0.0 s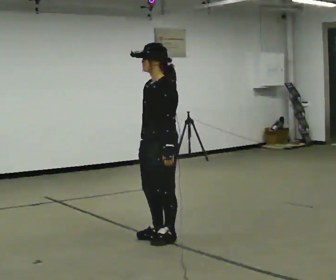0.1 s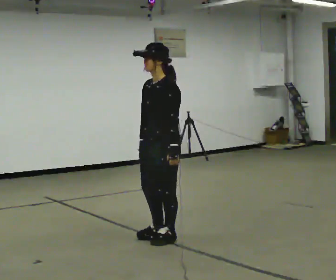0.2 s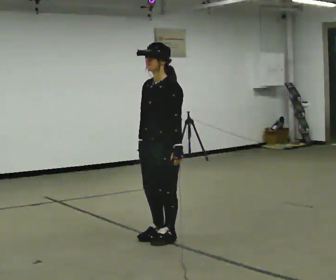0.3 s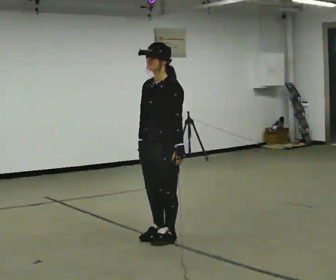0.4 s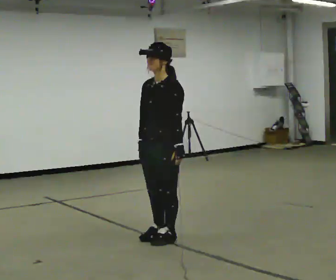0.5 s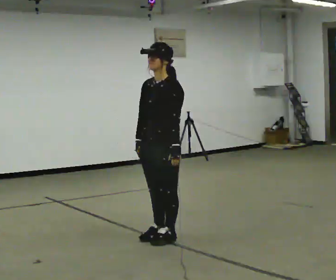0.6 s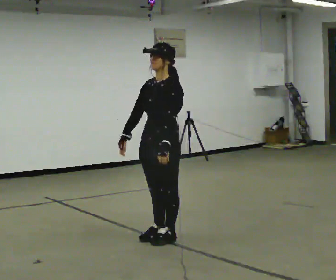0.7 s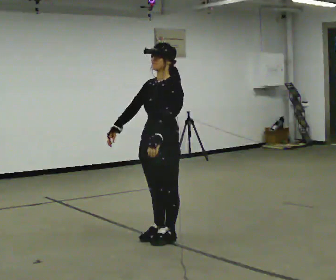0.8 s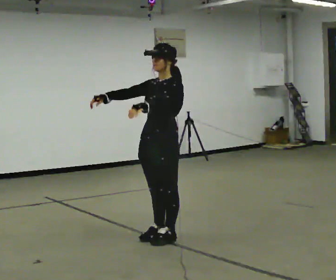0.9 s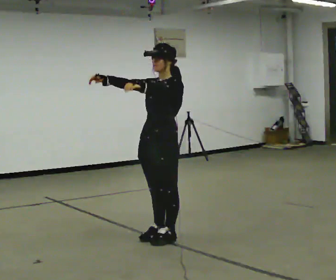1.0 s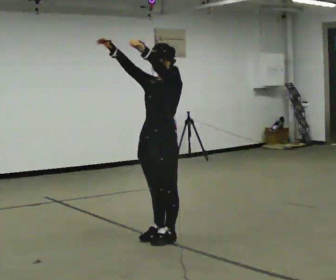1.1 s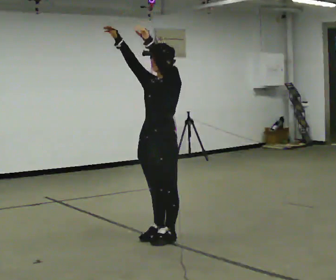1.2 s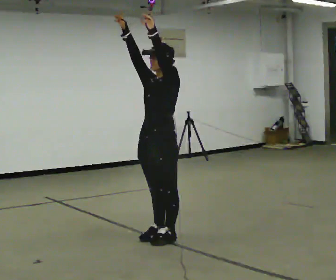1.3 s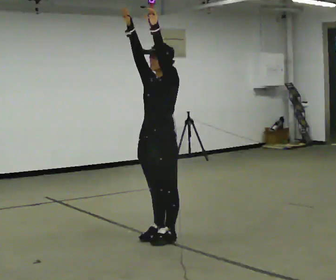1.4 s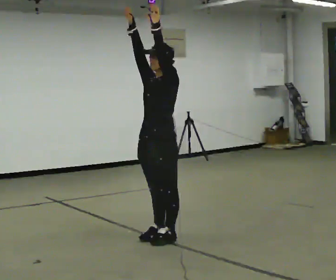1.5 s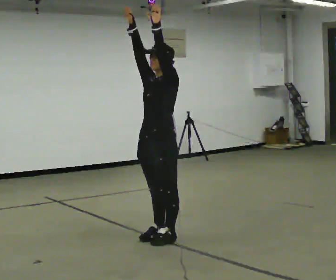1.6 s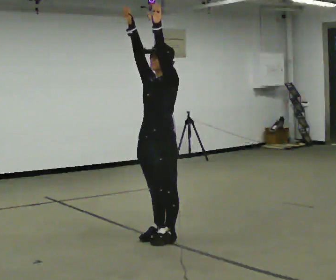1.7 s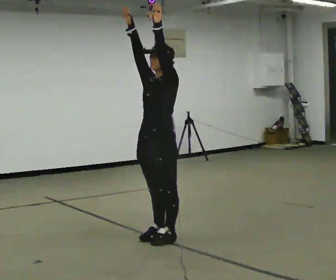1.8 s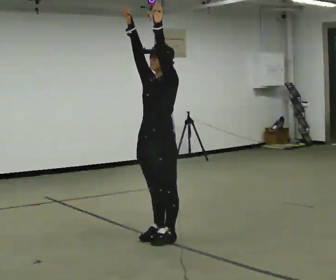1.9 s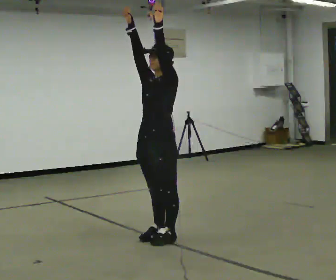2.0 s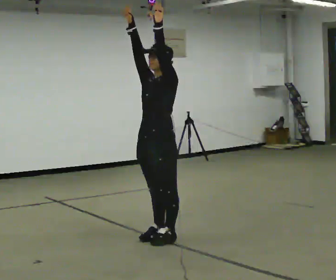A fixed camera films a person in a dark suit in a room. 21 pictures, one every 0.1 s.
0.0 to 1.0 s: In the picture their right hand goes upward, the arm swinging clockwise.
1.0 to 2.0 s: The person moves a little, or ends about where they began.
The film runs backward here.
